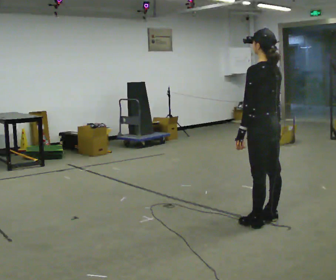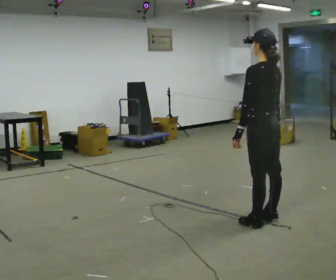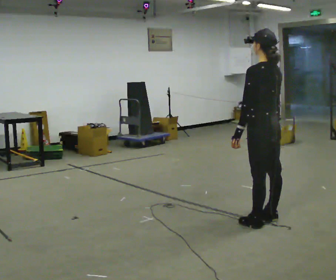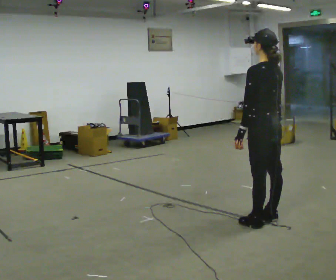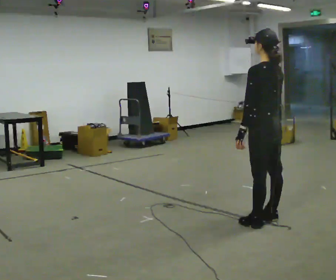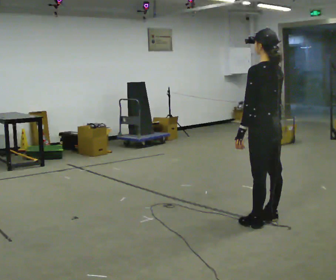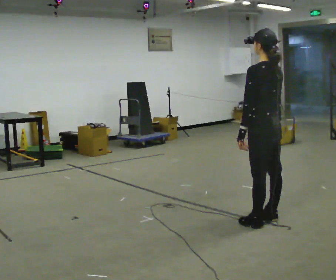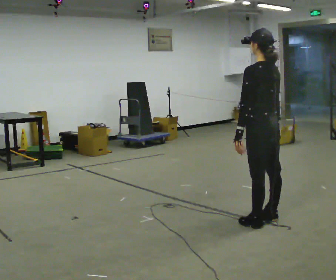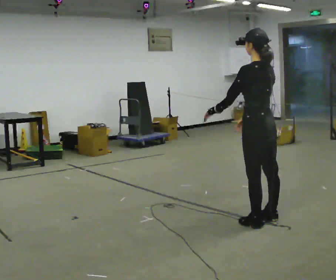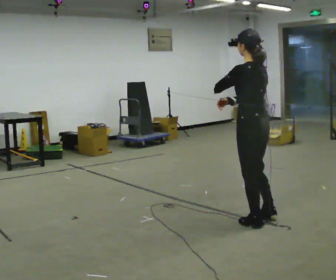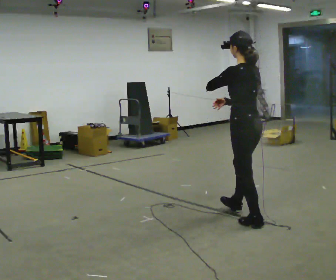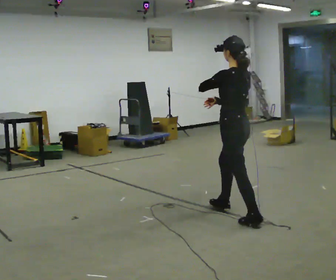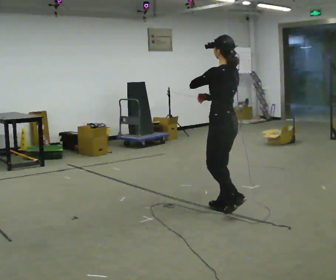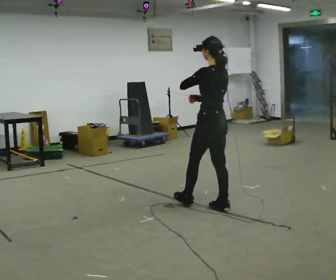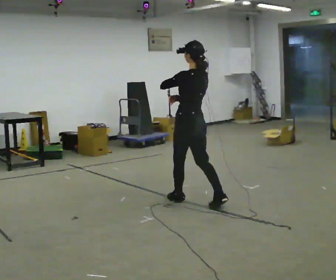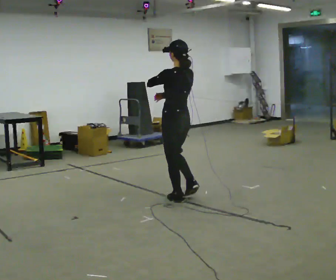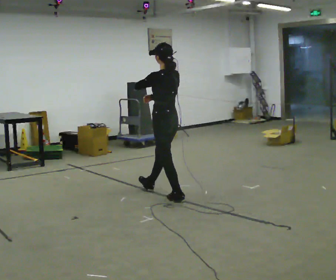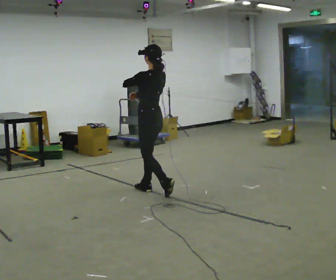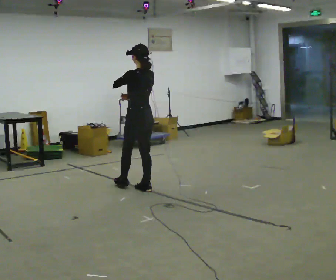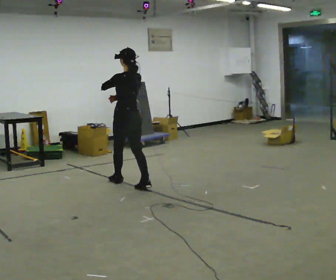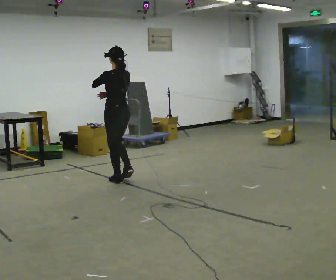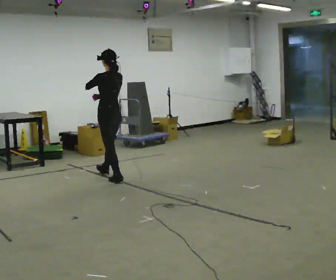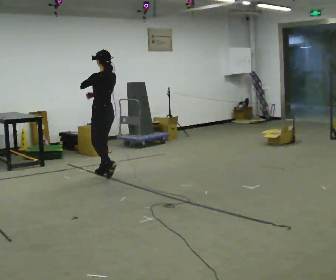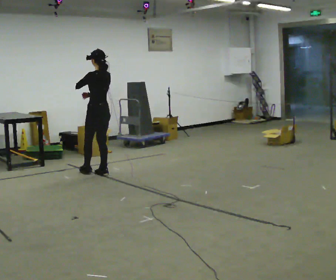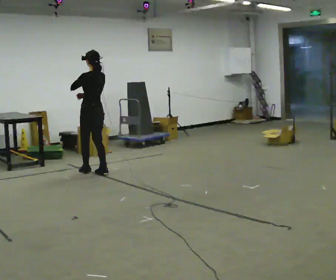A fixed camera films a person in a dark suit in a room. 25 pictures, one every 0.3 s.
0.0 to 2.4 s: The person moves a little, or ends about where they began.
2.4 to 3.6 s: In the picture they go away from the camera and to the left, about 0.5 m in 1 step, which for them is forward.
3.6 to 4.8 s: In the picture they go to the left and away from the camera, about 1 m in 1 step, which for them is forward.
4.8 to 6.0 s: In the picture they go to the left and away from the camera, about 1 m in 2 steps, which for them is forward.
6.0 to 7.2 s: In the picture they go to the left and away from the camera, about 0.5 m in 2 steps, which for them is forward.
The film runs forward here.
